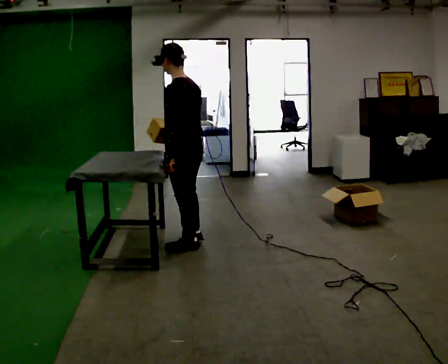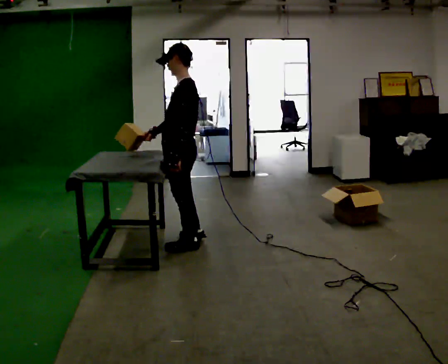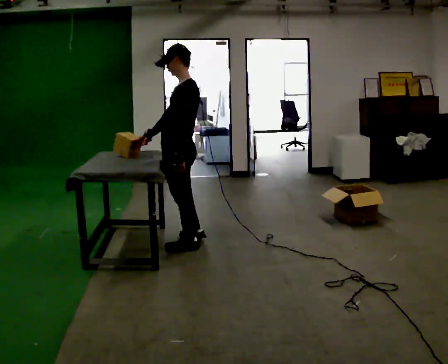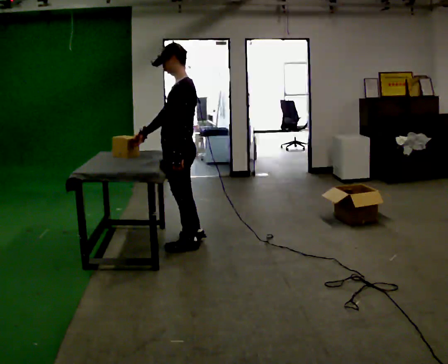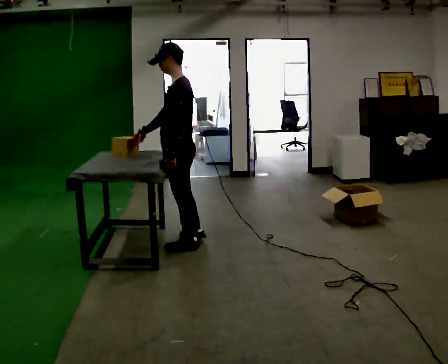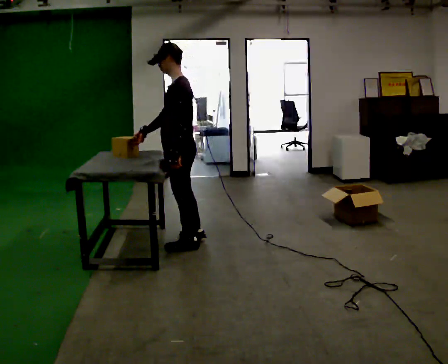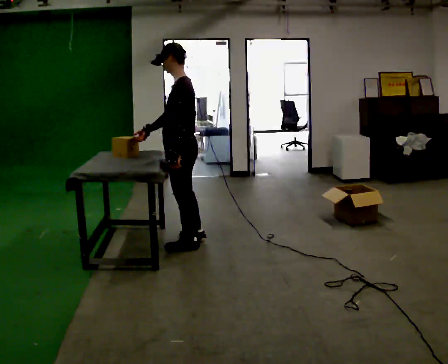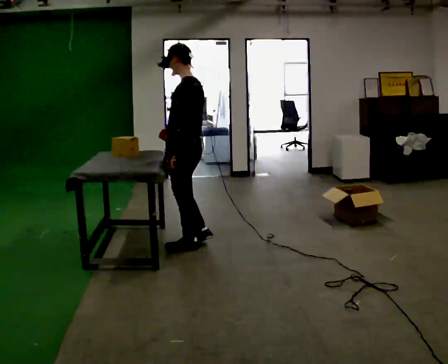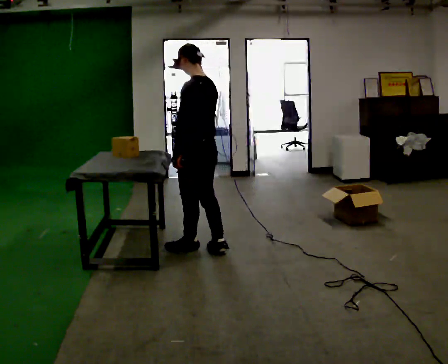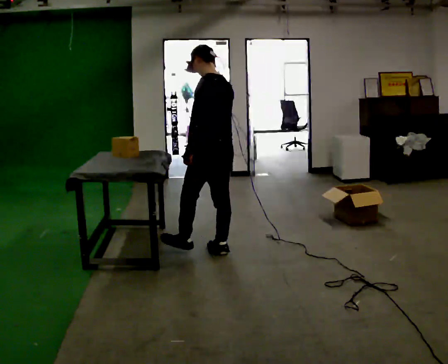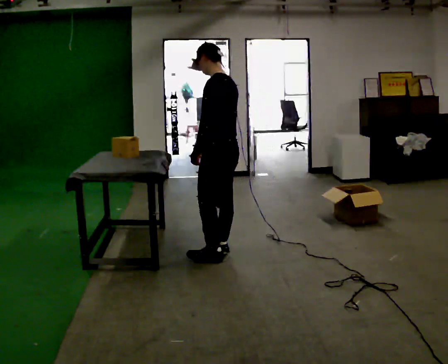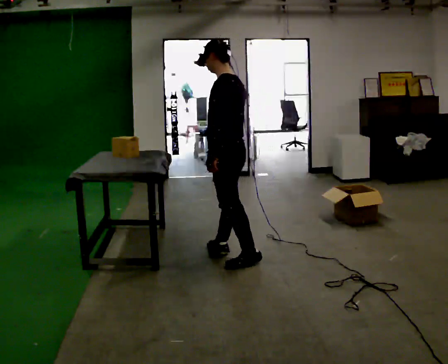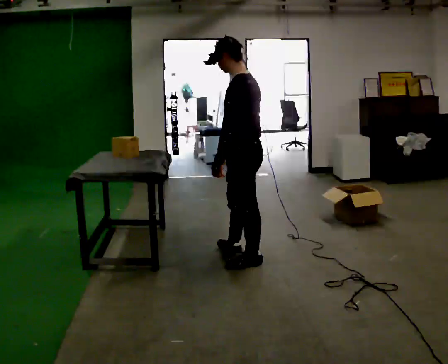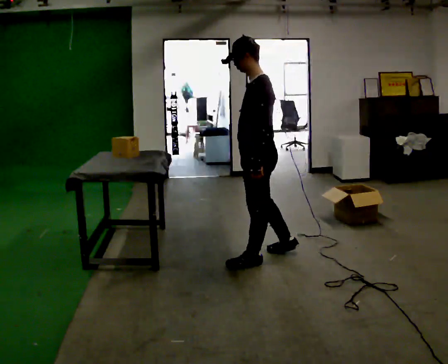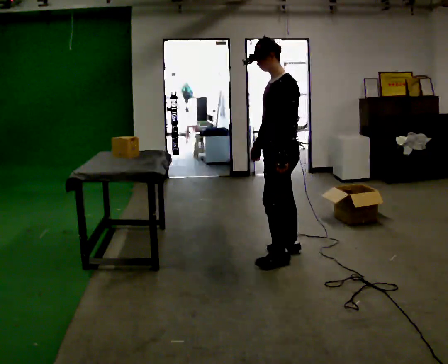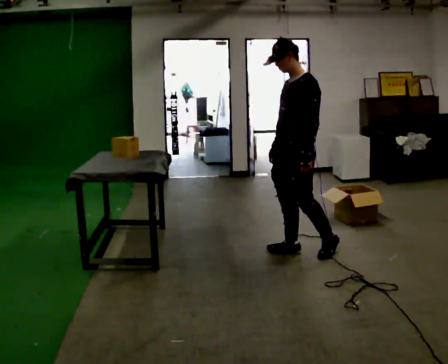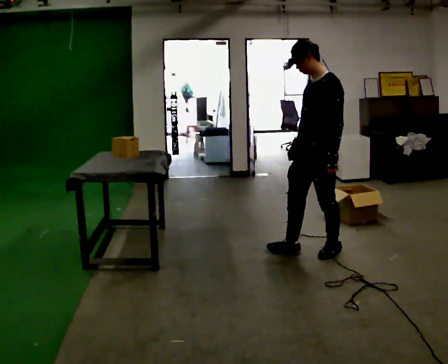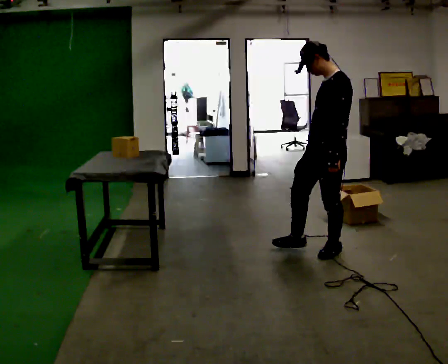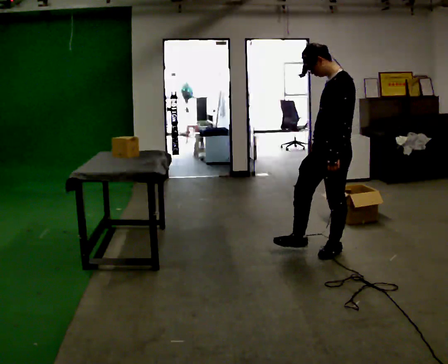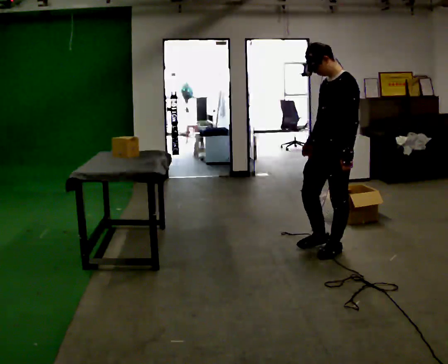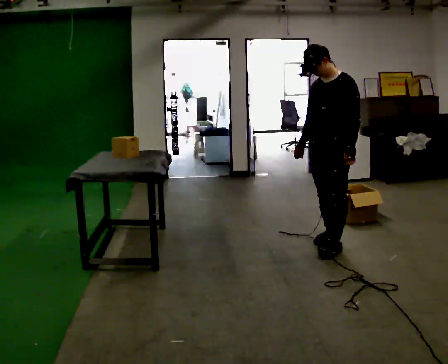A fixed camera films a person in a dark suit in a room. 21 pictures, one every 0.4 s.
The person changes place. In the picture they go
to the right.
0.0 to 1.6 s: The part of the body nearest the lens slides to the right as the person turns to their left by about 30 degrees. In the picture their right hand goes to the left.
1.6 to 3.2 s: Seen from above the body turns clockwise, about 30 degrees: to their right, with its near side sliding to the left. In the picture their right hand goes to the right.
3.2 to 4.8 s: In the picture they go to the right and toward the camera, about 0.5 m in 2 steps, which for them is backward and to their left.
4.8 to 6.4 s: The part of the body nearest the lens slides to the right as the person turns to their left by about 45 degrees. In the picture they go to the right, about 0.5 m in 1 step, which for them is backward.
6.4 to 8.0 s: In the picture they go away from the camera and to the right, about 0.25 m in 1 step, which for them is backward.
The film runs backward here.
